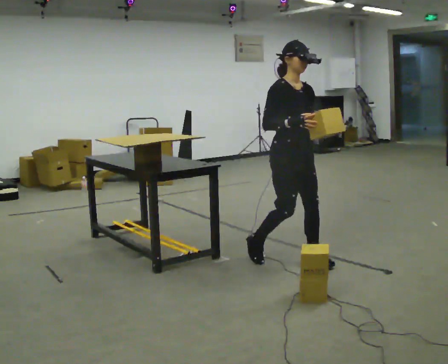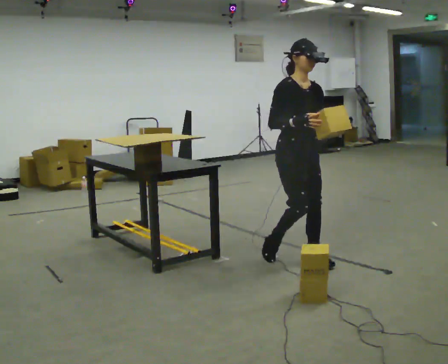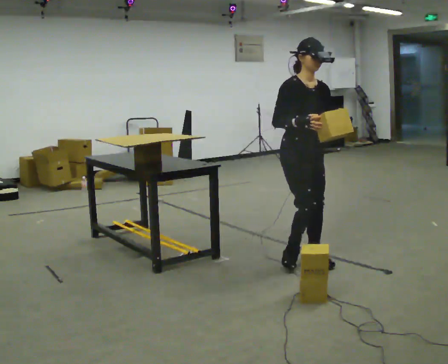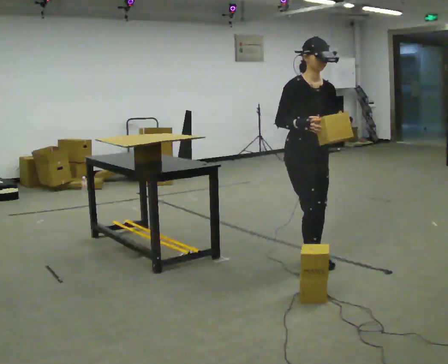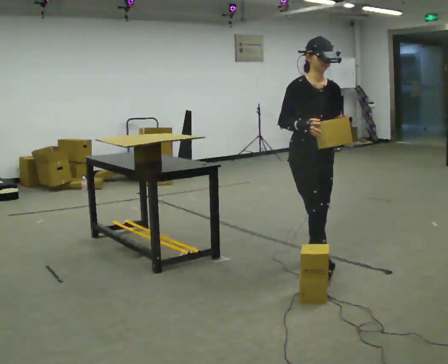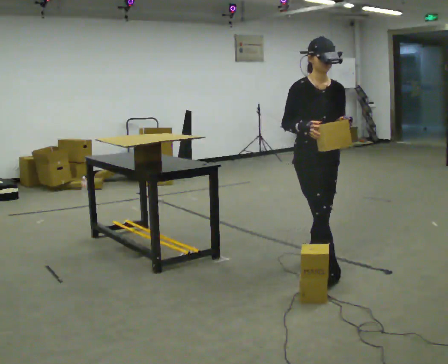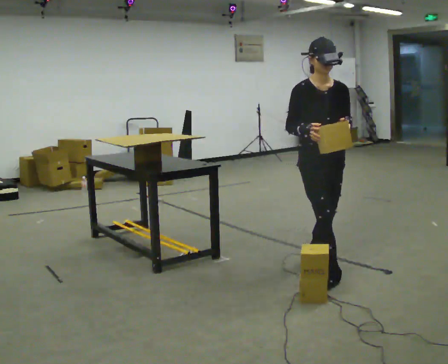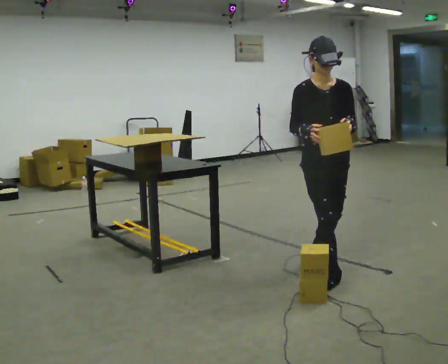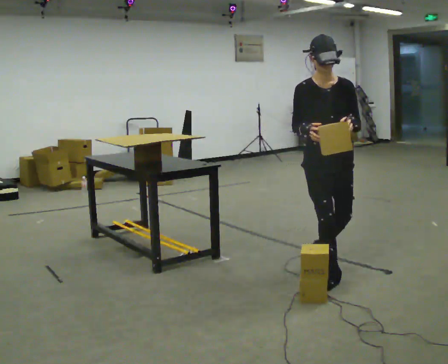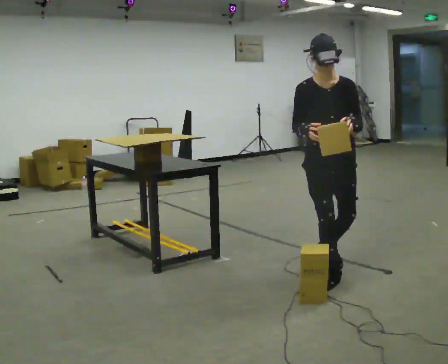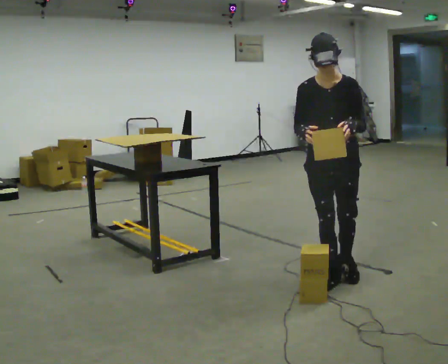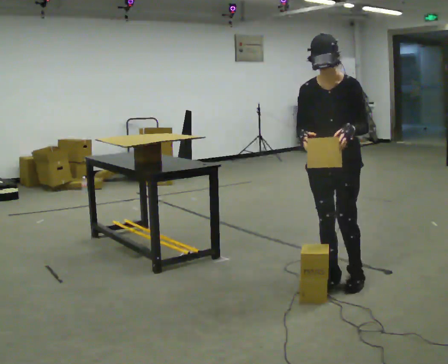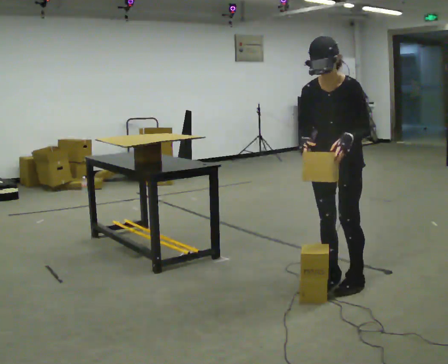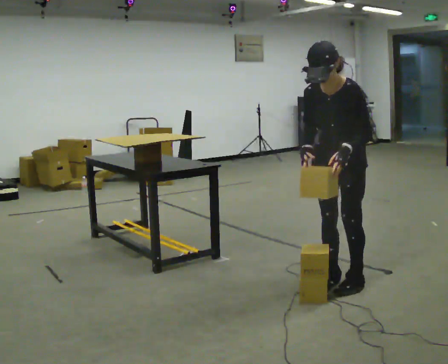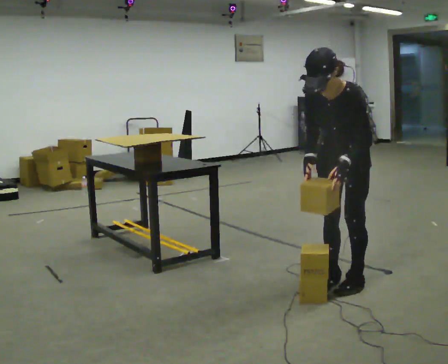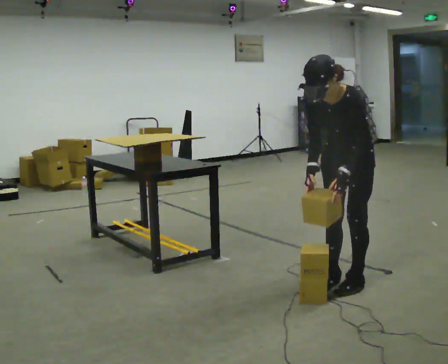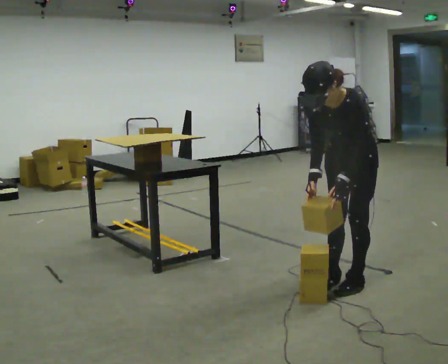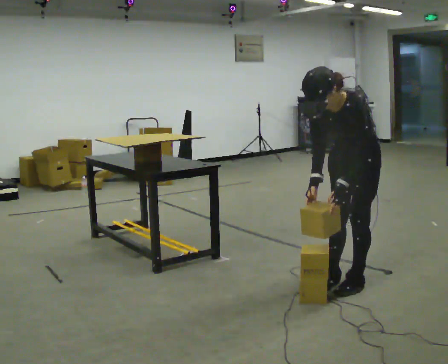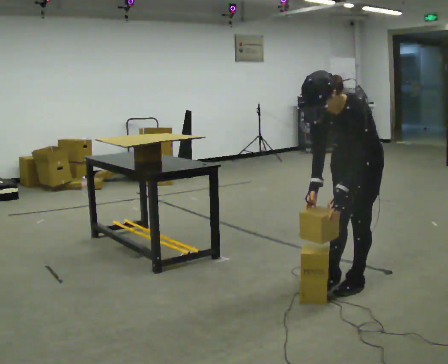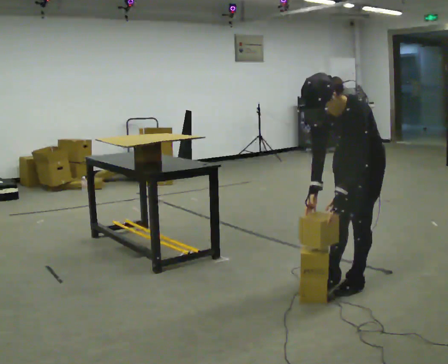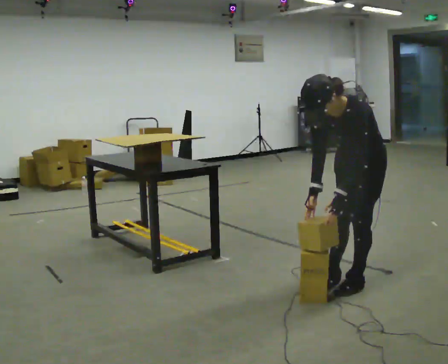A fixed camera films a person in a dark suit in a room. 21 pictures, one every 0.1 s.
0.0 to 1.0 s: Seen from above the body turns clockwise, about 45 degrees: to their right, with its near side sliding to the left. In the picture they go toward the camera and to the right, about 0.5 m in 1 step, which for them is forward and to their left.
1.0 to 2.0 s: Seen from above the body turns clockwise, about 45 degrees: to their right, with its near side sliding to the left. In the picture they go to the right, about 0.25 m in 1 step, which for them is to their left. The upper body tips toward the camera, its near side rolling downward, as they bend forward. In the picture their left hand goes downward.
The film runs forward here.
